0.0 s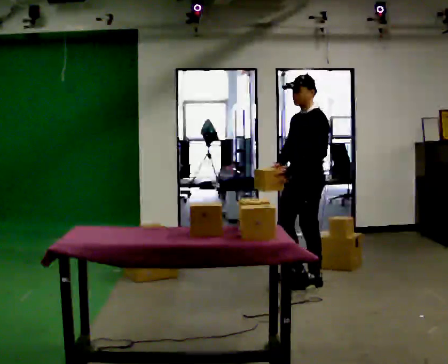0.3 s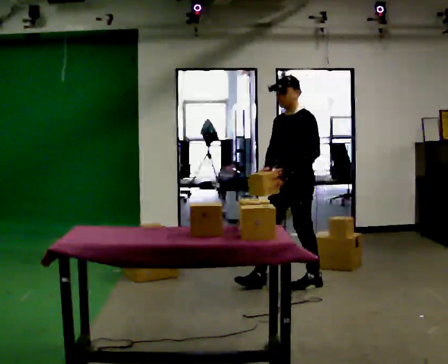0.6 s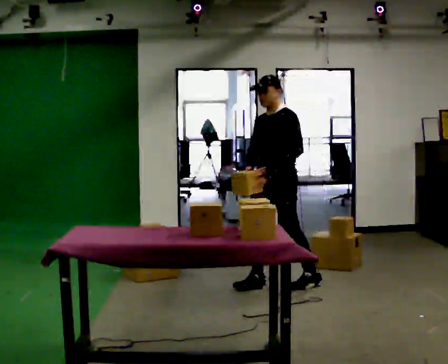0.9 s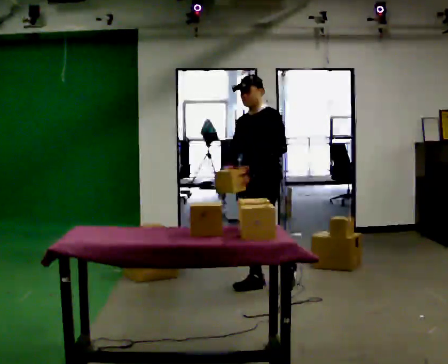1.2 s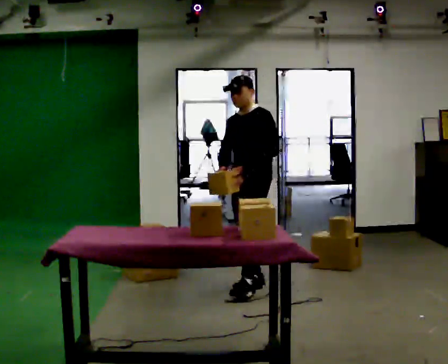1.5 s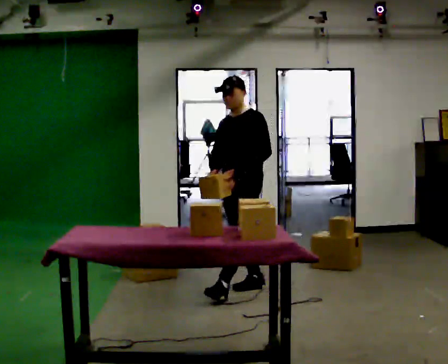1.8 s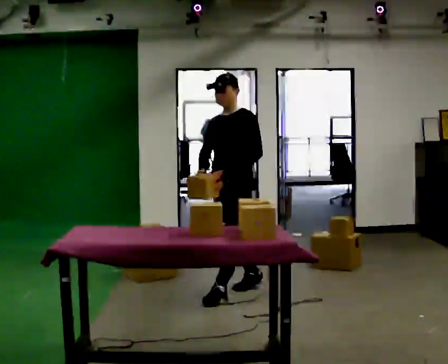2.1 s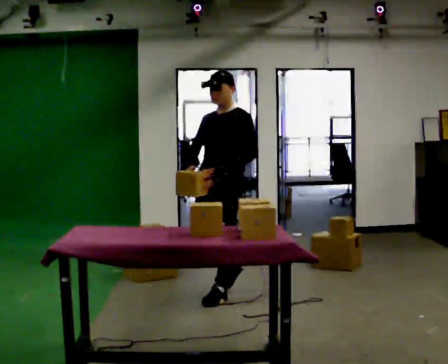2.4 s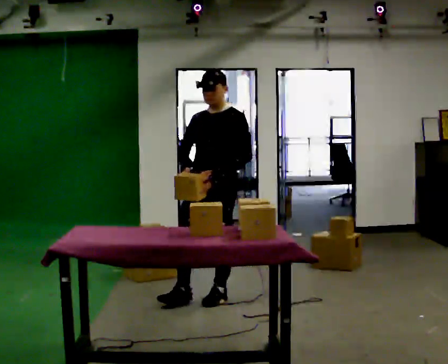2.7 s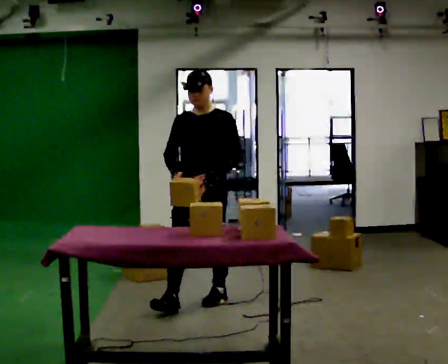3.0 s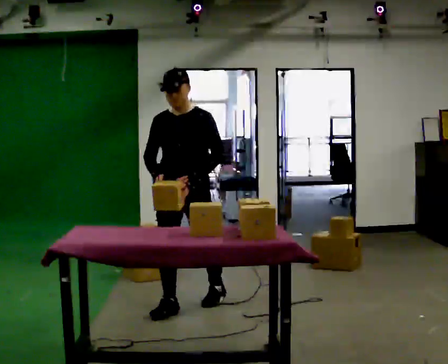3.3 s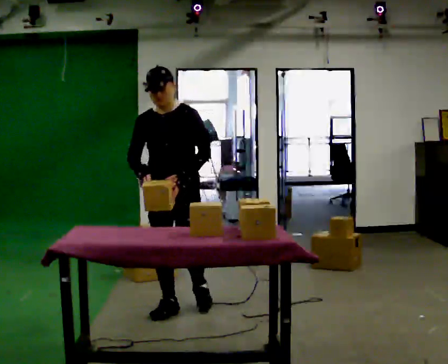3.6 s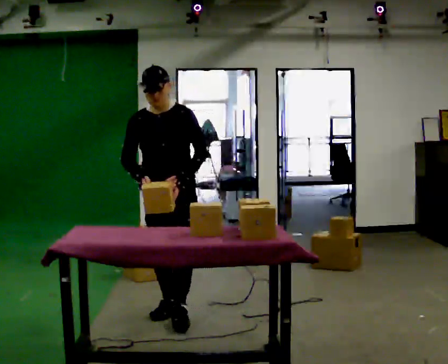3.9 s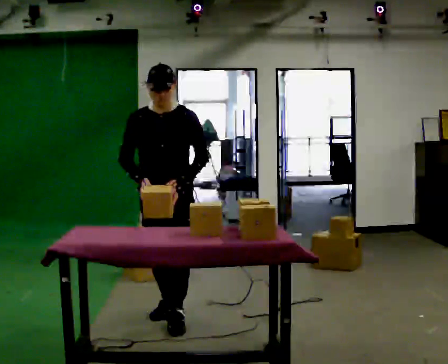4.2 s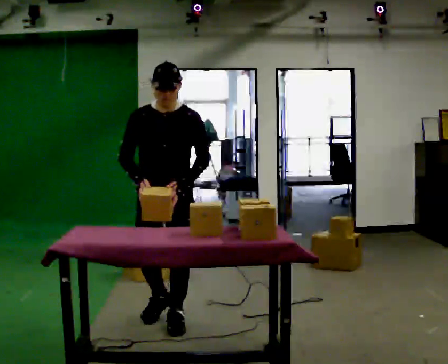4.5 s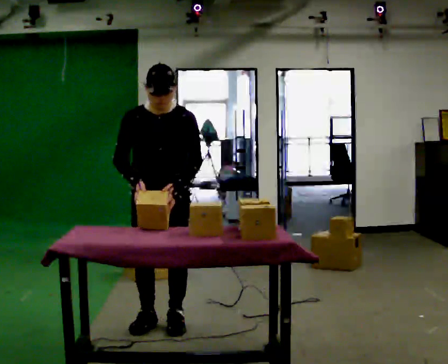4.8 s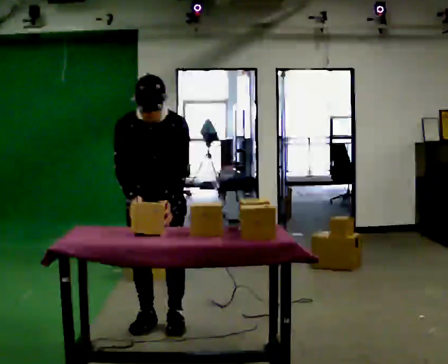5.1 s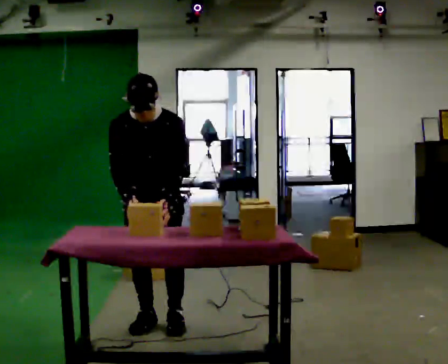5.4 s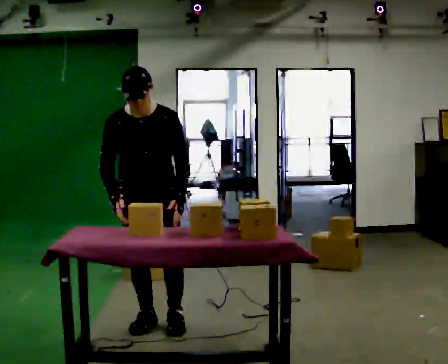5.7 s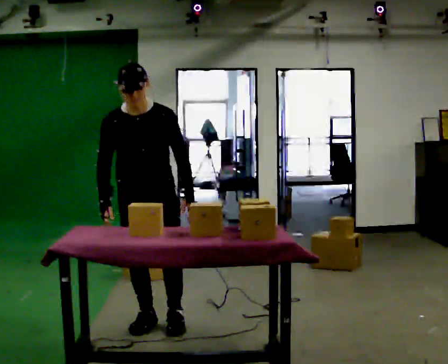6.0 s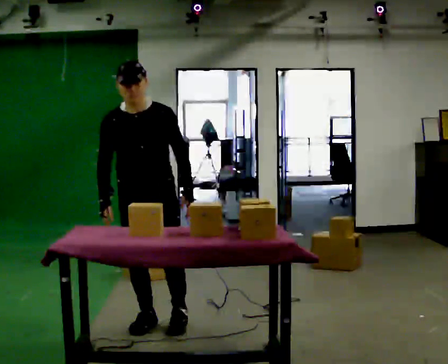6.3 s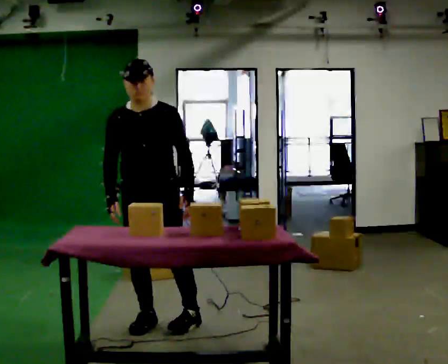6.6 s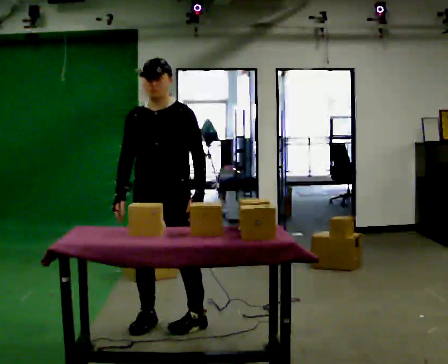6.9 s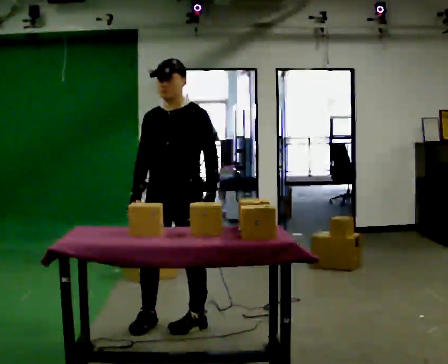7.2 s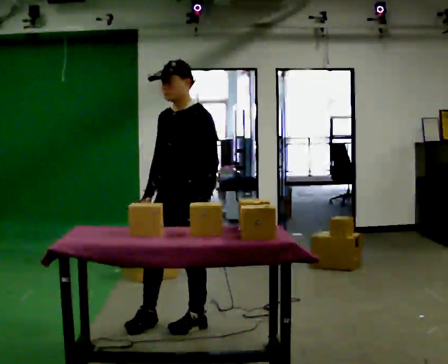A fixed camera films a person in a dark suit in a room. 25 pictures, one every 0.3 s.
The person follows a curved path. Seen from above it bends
counterclockwise.
0.0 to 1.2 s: In the picture they go to the left, about 0.5 m in 1 step, which for them is forward and to their right.
1.2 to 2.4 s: In the picture they go toward the camera and to the left, about 0.5 m in 1 step, which for them is forward.
2.4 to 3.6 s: In the picture they go toward the camera and to the left, about 0.5 m in 1 step, which for them is forward and to their right.
3.6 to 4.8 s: In the picture they go toward the camera, about 0.25 m in 2 steps, which for them is forward. The upper body tips toward the camera, its near side rolling downward, as they bend forward.
4.8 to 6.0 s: The upper body tips away from the camera, its near side rolling upward, as they lean back or straighten.
6.0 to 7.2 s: Seen from above the body turns clockwise, about 45 degrees: to their right, with its near side sliding to the left. In the picture they go to the right, about 0.25 m in 1 step, which for them is to their left.
The film runs forward here.
